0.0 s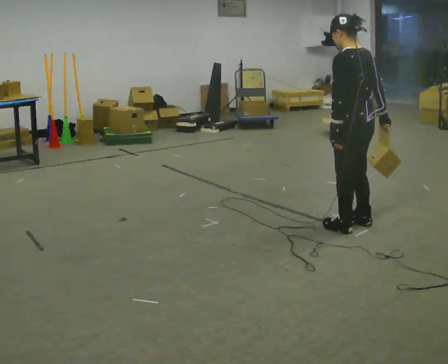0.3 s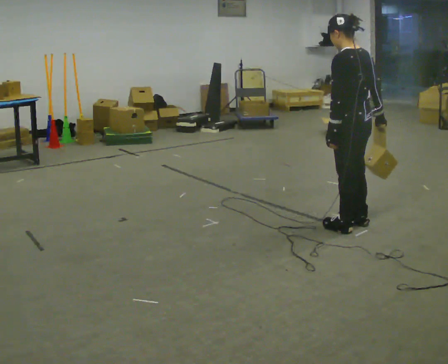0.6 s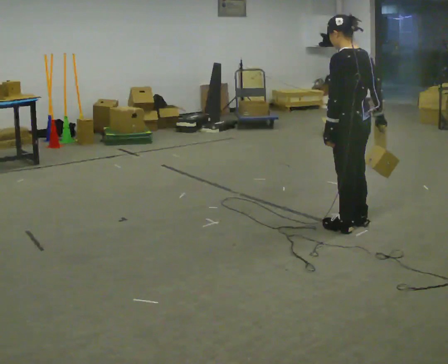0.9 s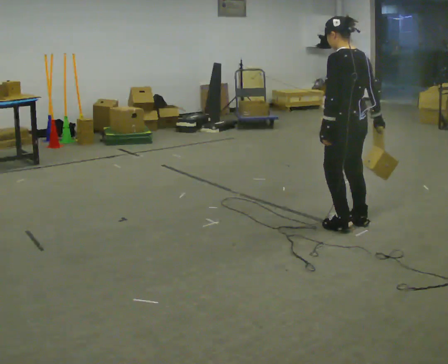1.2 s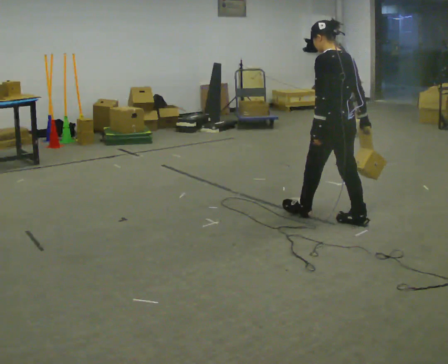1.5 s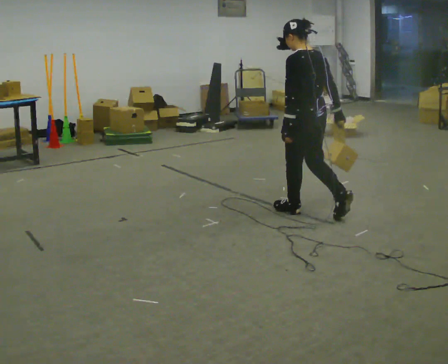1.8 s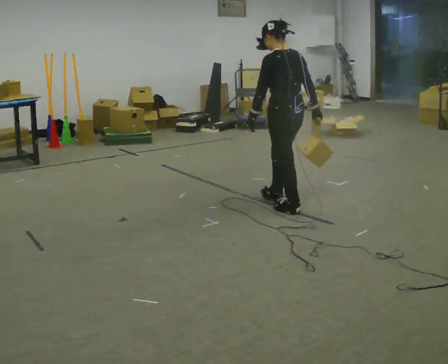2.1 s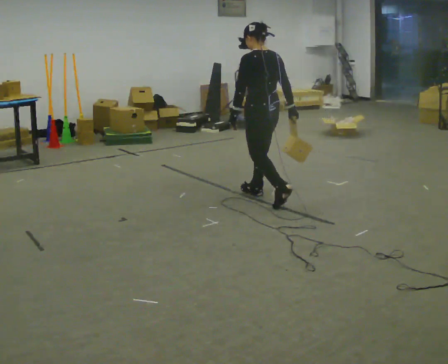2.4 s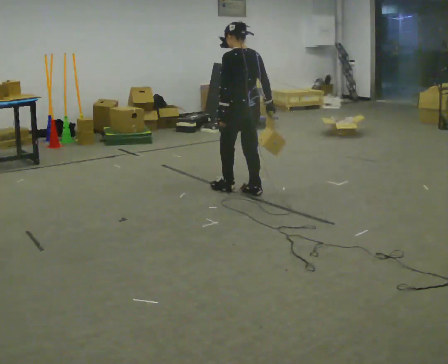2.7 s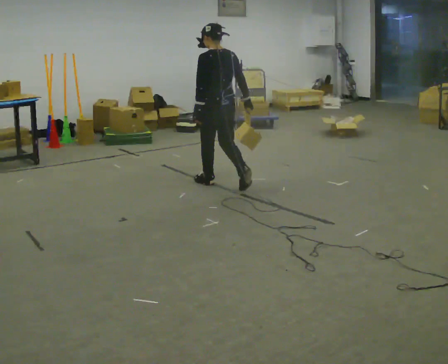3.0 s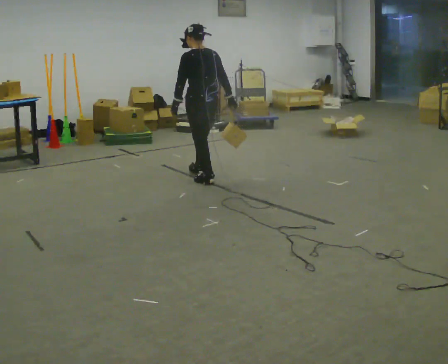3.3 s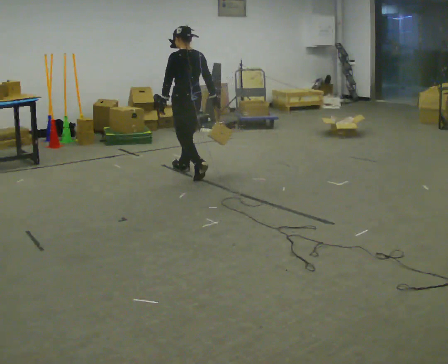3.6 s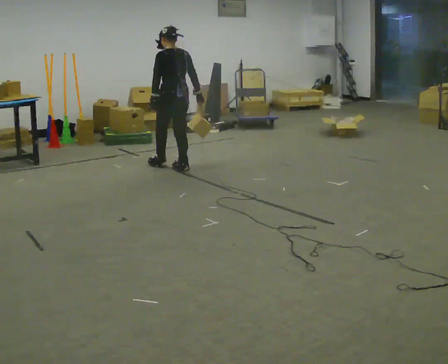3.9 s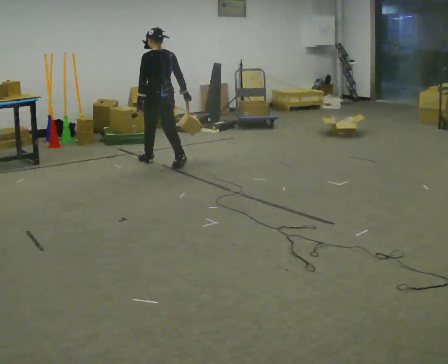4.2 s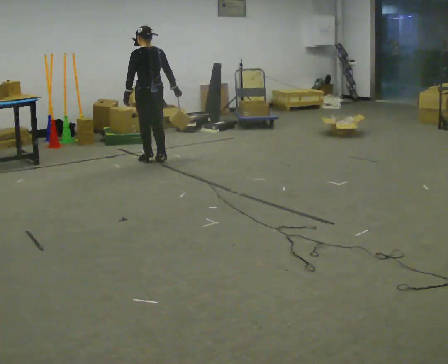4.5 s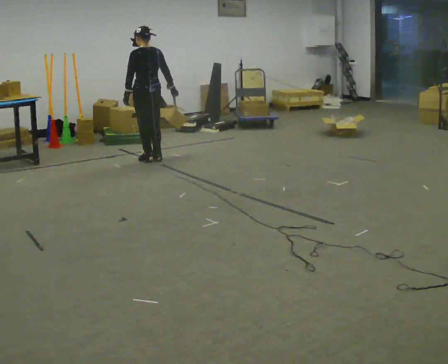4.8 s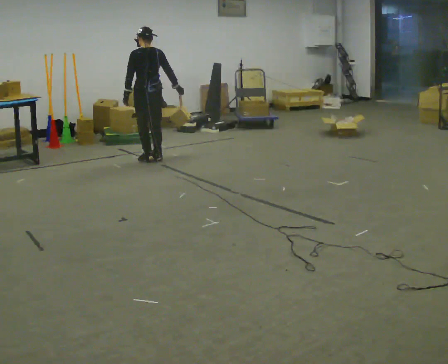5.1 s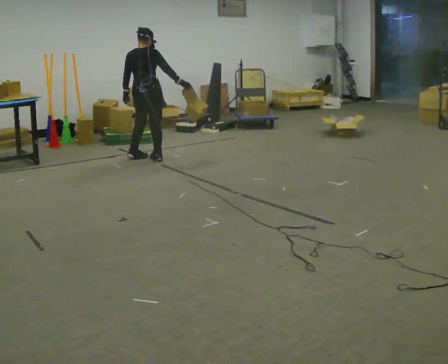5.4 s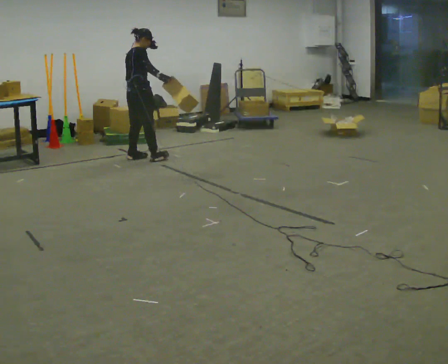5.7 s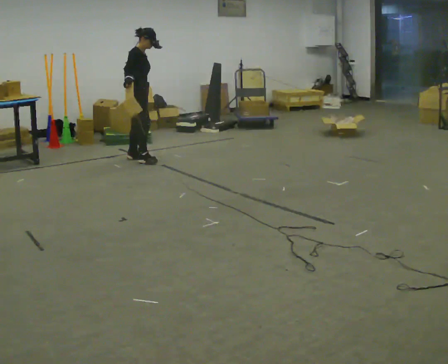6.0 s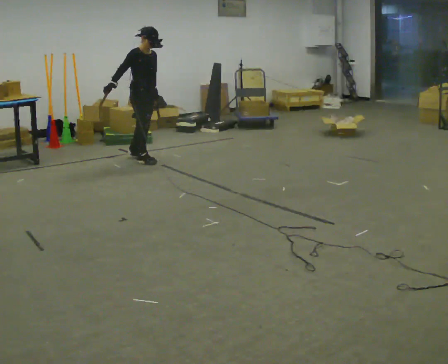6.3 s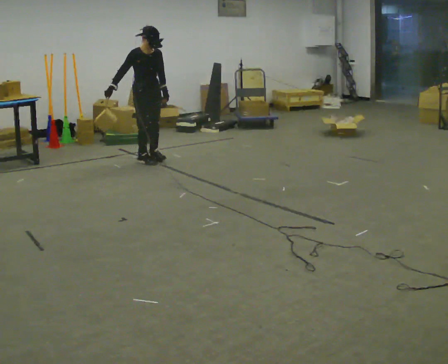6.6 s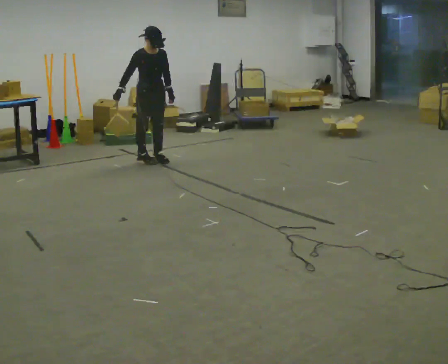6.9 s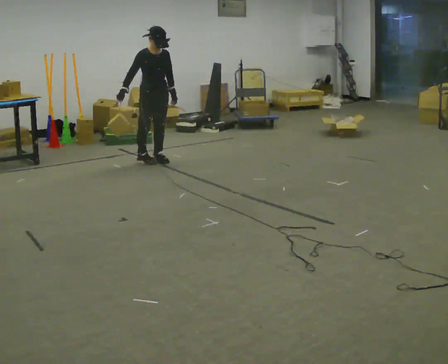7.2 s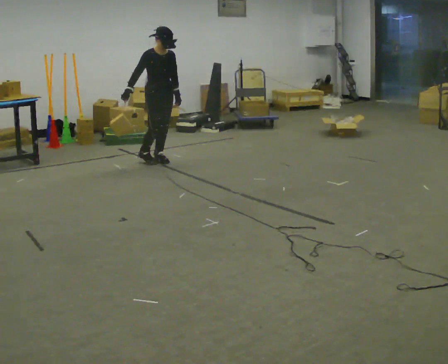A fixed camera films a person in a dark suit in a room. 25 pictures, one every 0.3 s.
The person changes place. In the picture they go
away from the camera.
0.0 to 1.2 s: In the picture they go away from the camera, about 0.25 m, which for them is forward.
1.2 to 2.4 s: In the picture they go away from the camera and to the left, about 1 m in 2 steps, which for them is forward.
2.4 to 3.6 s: In the picture they go away from the camera and to the left, about 1 m in 2 steps, which for them is forward.
3.6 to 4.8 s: In the picture they go away from the camera and to the left, about 0.5 m in 2 steps, which for them is forward.
4.8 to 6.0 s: The person turns about 150 degrees to their right, clockwise seen from above, so the part of the body nearest the lens slides to the left. In the picture their right hand goes to the left.
6.0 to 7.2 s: In the picture they go to the right, about 0.25 m in 1 step, which for them is forward.
The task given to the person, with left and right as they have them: Hold the object against your hip on the side the operator calls, and carry it back and forth across the room.
The film runs forward here.
